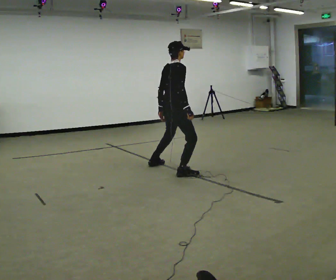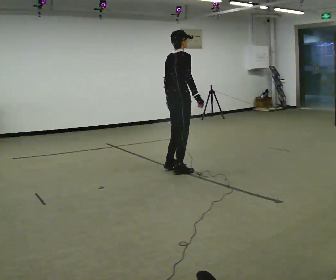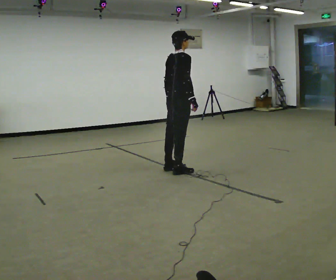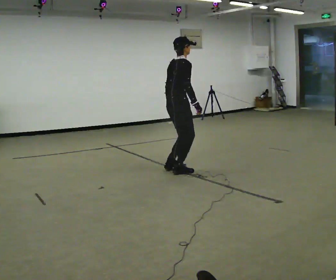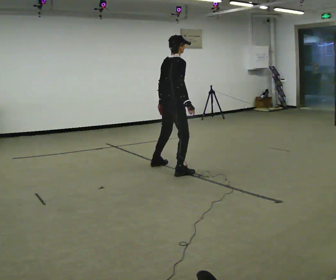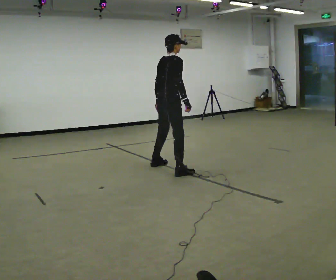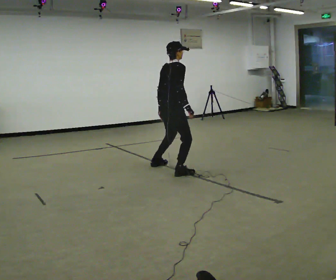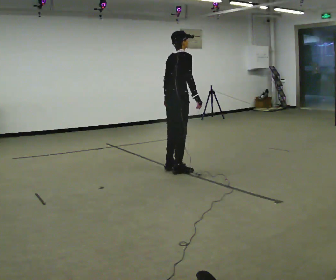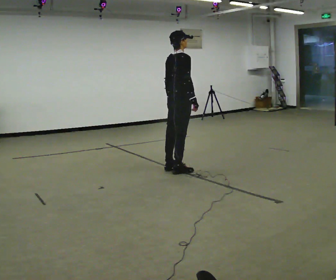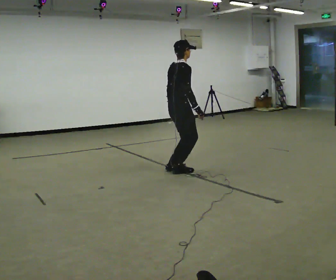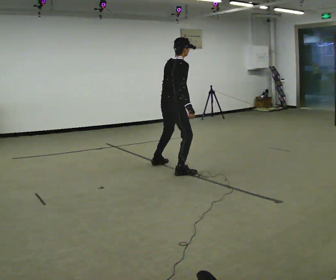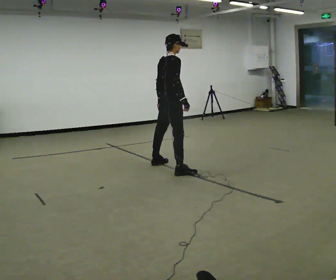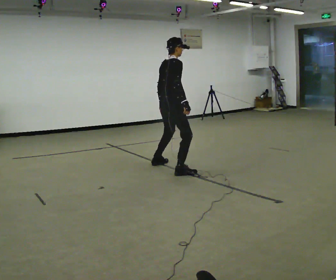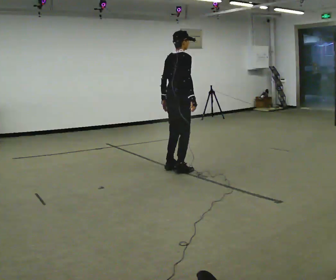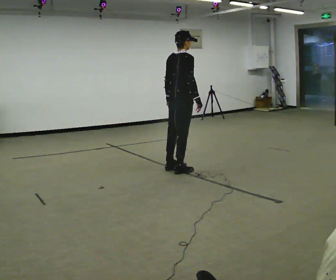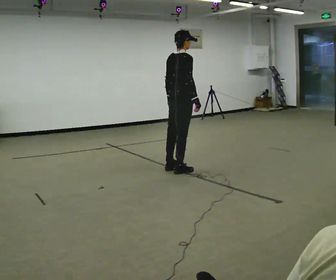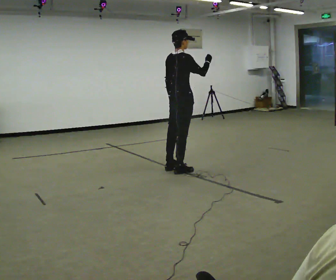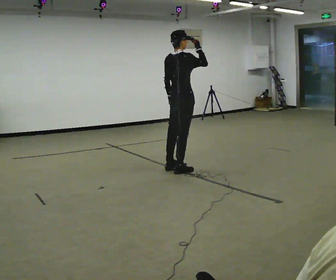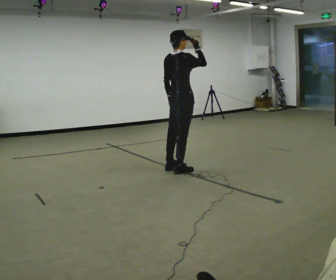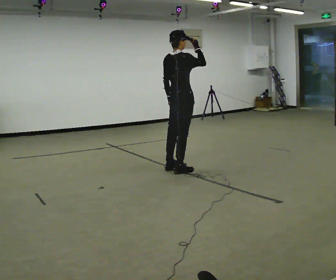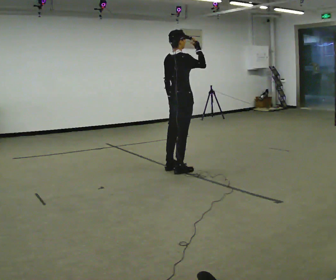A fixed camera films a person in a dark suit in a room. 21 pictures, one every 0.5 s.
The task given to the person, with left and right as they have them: Do jumping jacks at a steady pace until the operator says stop.
0.0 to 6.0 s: The person moves a little, or ends about where they began.
6.0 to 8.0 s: In the picture their right hand goes upward, the arm swinging counterclockwise.
8.0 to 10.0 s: The person moves a little, or ends about where they began.
The film runs forward here.
